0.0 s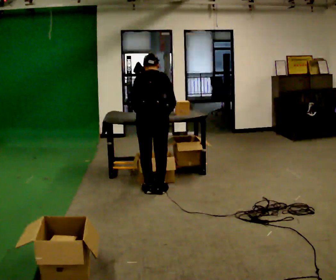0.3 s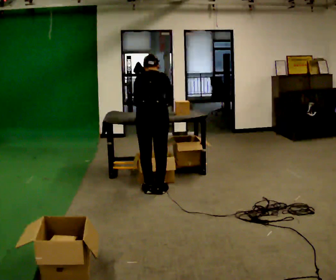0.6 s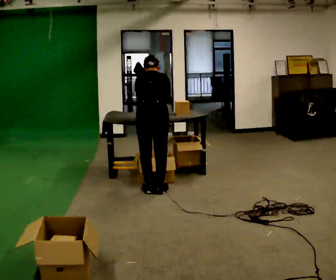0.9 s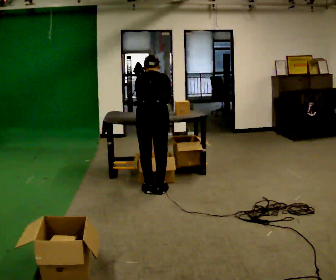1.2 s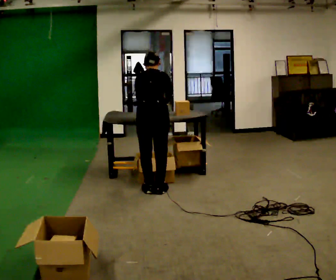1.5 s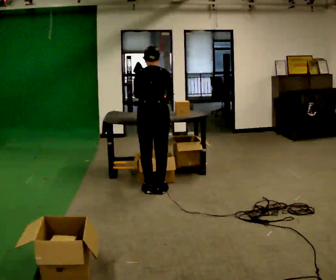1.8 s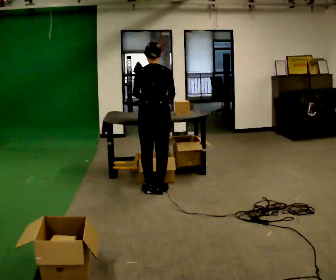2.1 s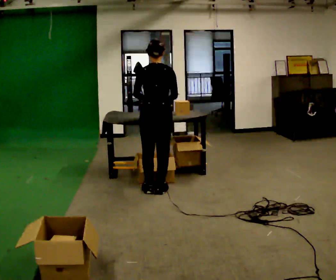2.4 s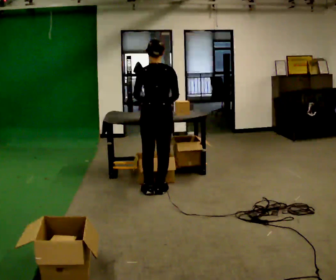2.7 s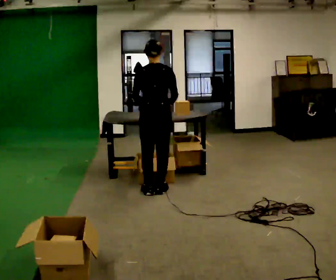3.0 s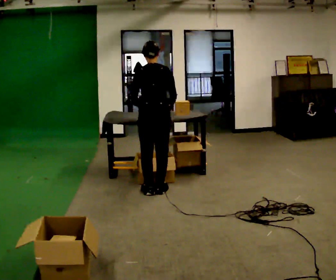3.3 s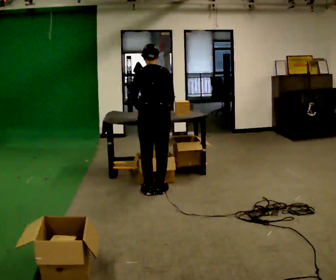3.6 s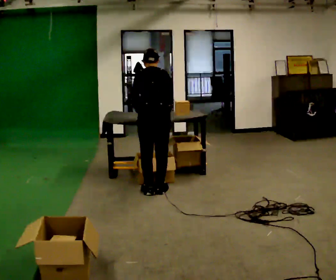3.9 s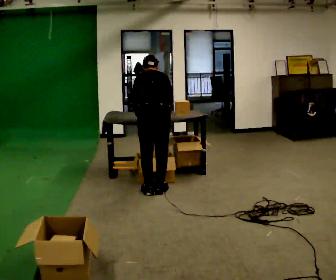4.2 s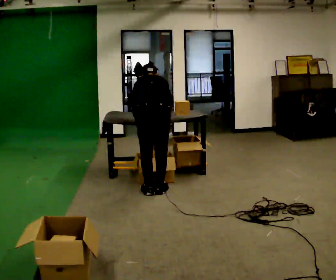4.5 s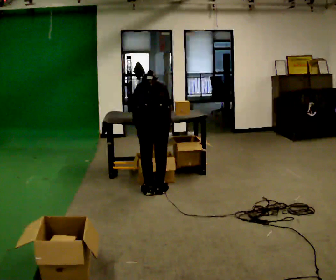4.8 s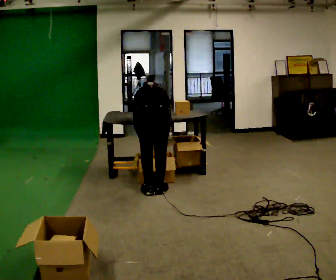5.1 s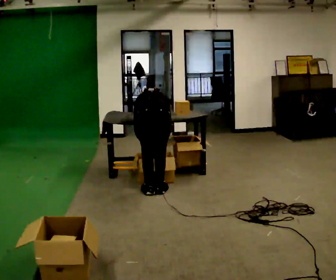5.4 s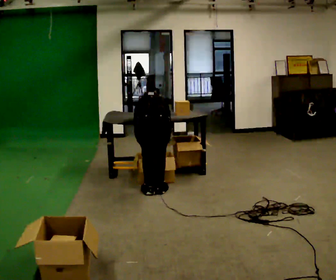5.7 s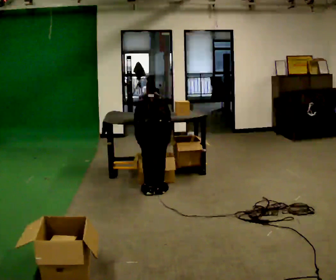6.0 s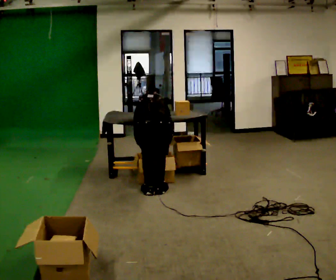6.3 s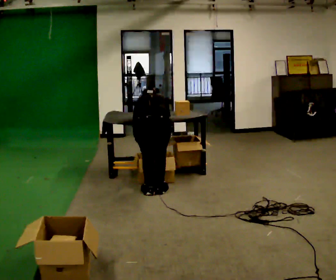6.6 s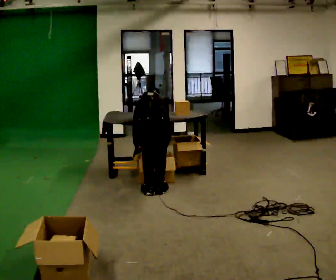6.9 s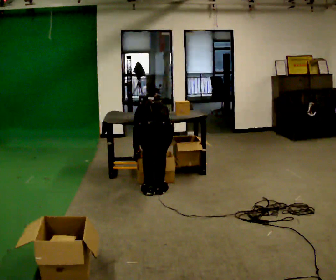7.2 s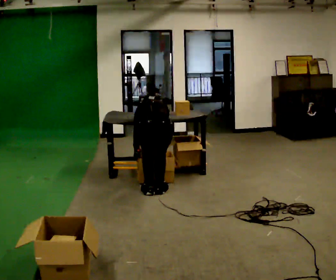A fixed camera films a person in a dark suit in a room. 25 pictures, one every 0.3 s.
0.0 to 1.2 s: The person moves a little, or ends about where they began.
1.2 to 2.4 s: The upper body tips toward the camera, its near side rolling downward, as they lean back or straighten.
2.4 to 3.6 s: The upper body tips away from the camera, its near side rolling upward, as they bend forward.
3.6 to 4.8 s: The upper body goes downward. The upper body tips away from the camera, its near side rolling upward, as they bend forward.
4.8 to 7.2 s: The person moves a little, or ends about where they began.
The film runs backward here.
